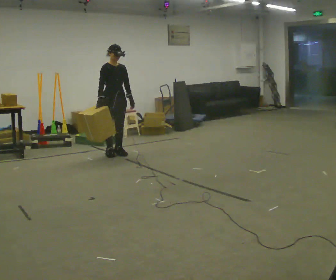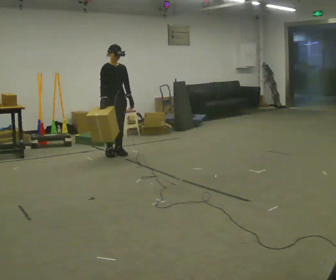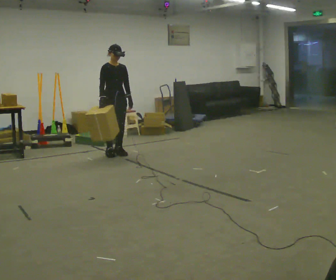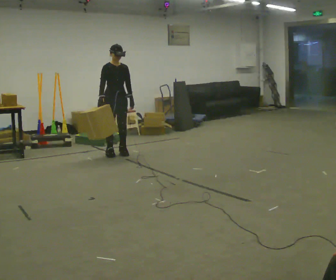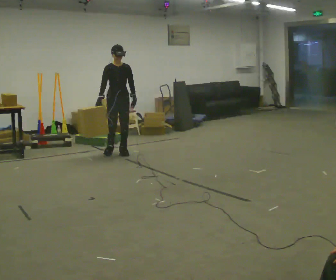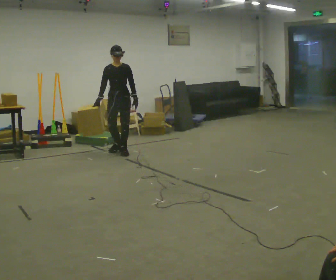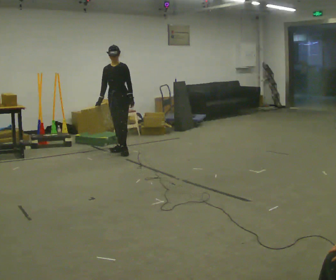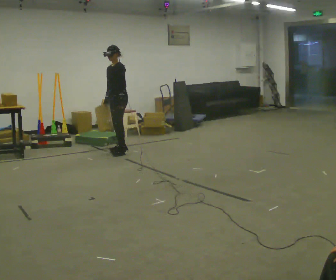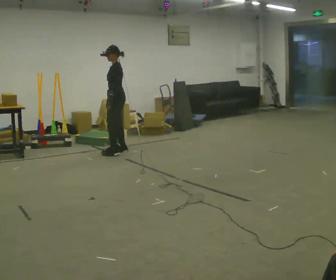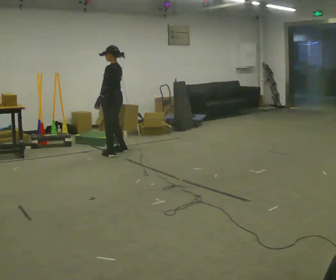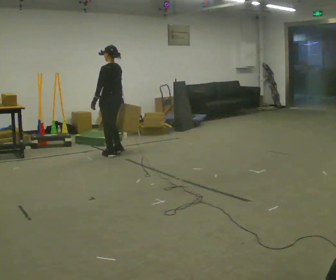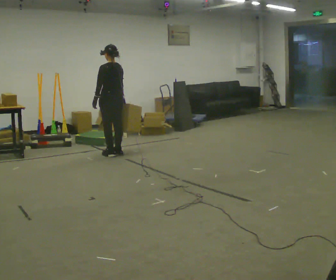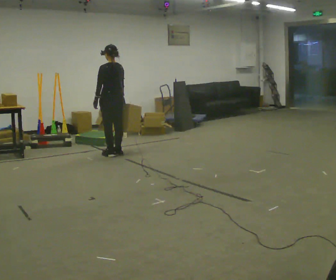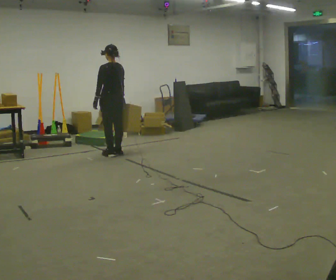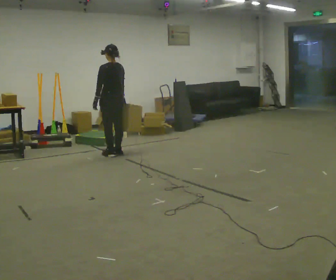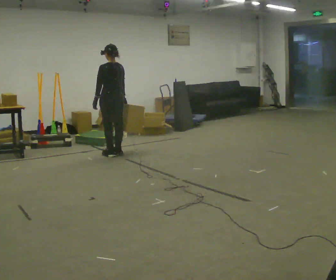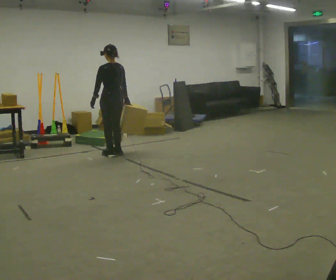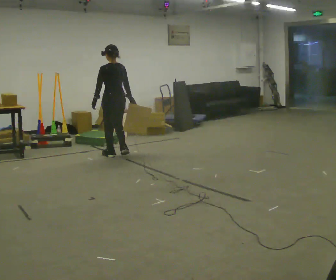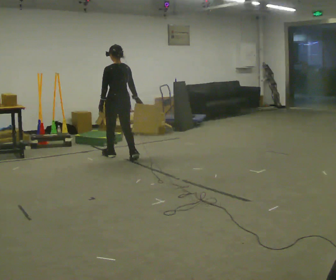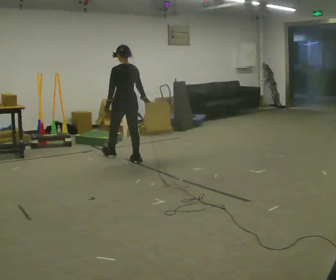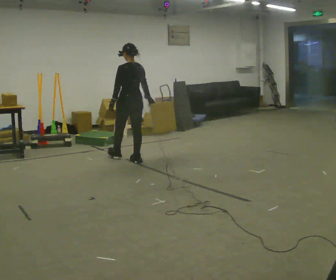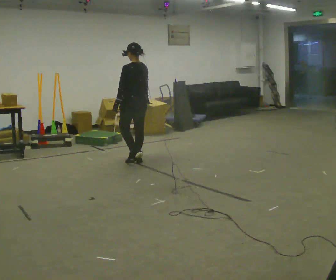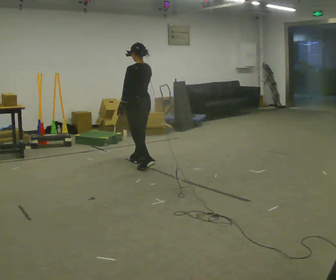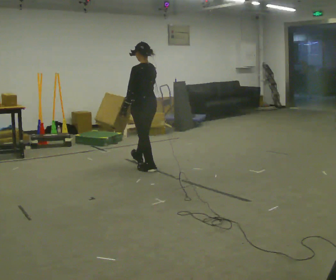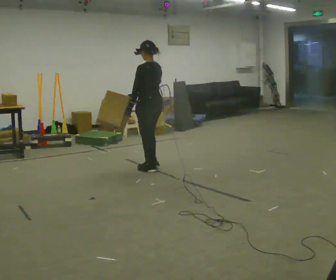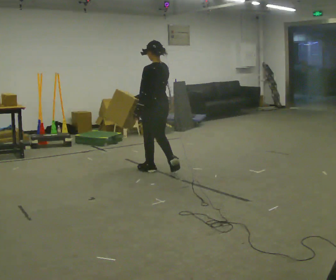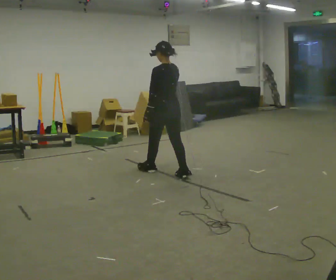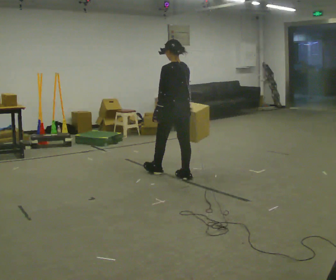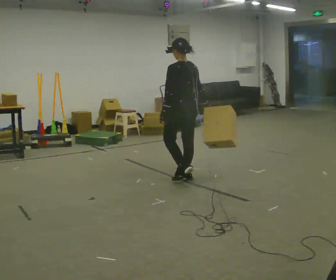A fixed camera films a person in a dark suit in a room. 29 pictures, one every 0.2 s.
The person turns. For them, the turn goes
to their right.
The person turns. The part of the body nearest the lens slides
to the left.
0.0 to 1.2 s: Seen from above the body turns clockwise, about 60 degrees: to their right, with its near side sliding to the left. In the picture they go away from the camera, about 0.25 m in 1 step, which for them is backward and to their left.
1.2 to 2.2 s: The part of the body nearest the lens slides to the left as the person turns to their right by about 120 degrees. In the picture their left hand goes to the left, the arm swinging clockwise.
2.2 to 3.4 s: The person moves a little, or ends about where they began.
3.4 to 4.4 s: In the picture they go toward the camera and to the right, about 0.5 m in 1 step, which for them is backward.
4.4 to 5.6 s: In the picture they go toward the camera and to the right, about 1 m in 2 steps, which for them is backward.
The film runs backward here.
